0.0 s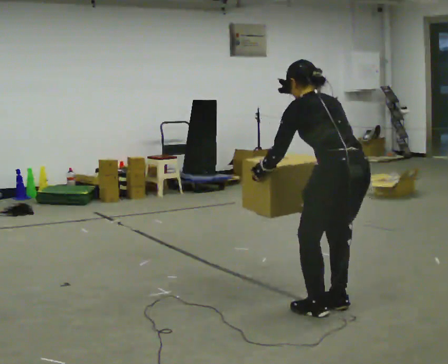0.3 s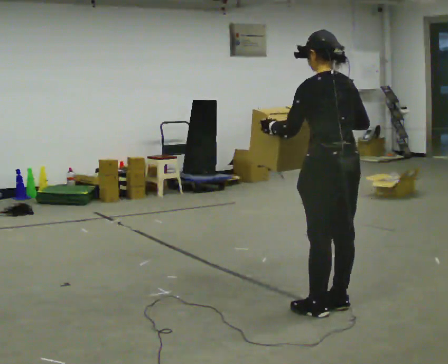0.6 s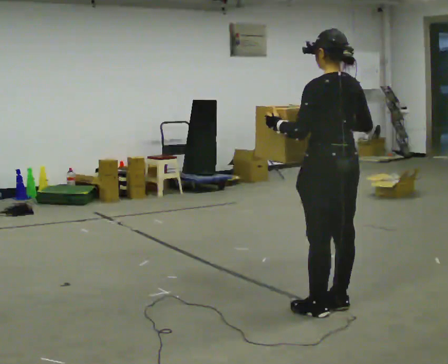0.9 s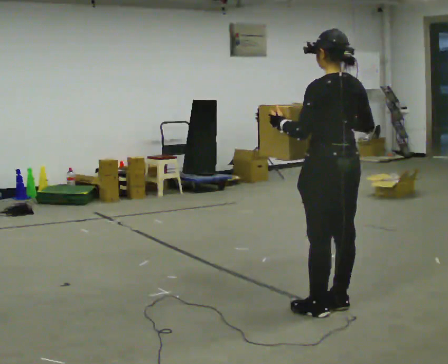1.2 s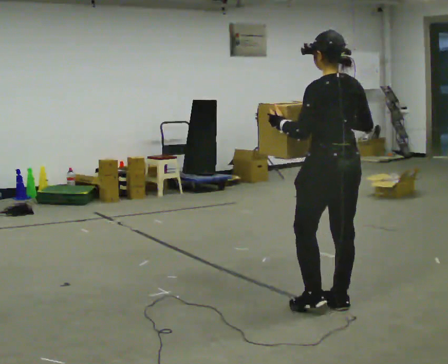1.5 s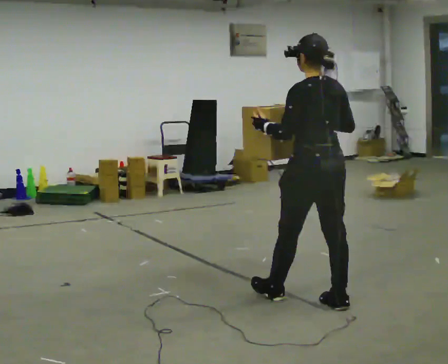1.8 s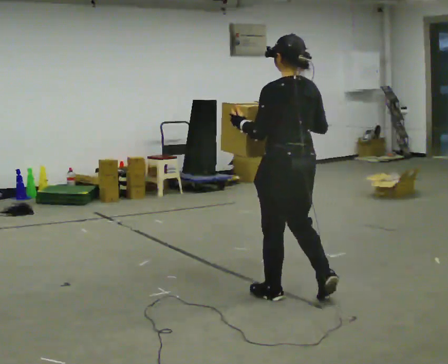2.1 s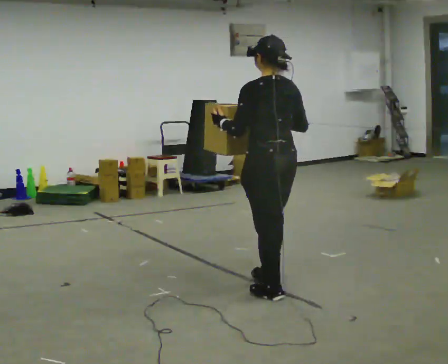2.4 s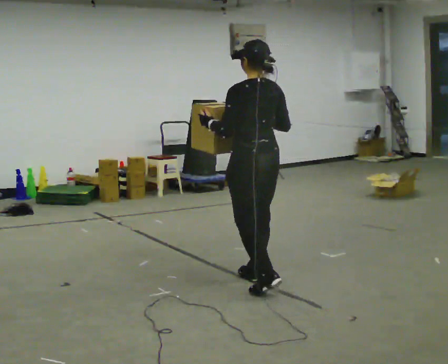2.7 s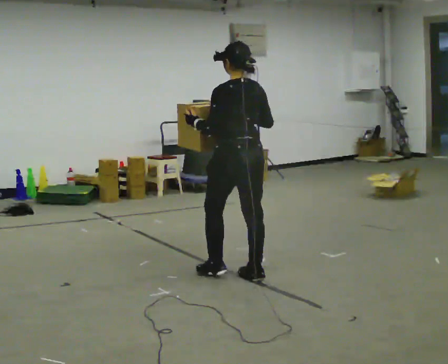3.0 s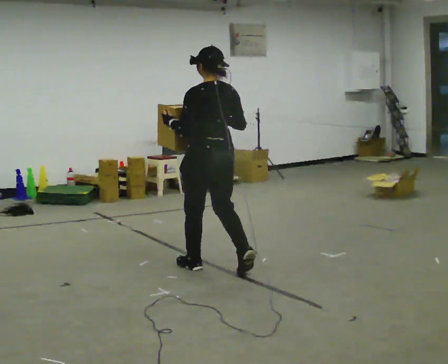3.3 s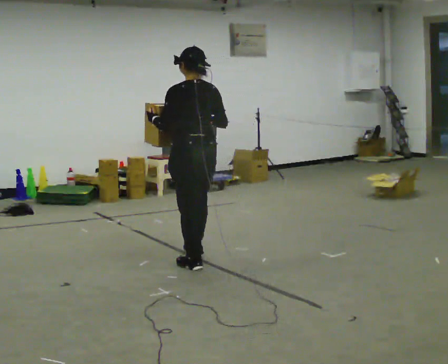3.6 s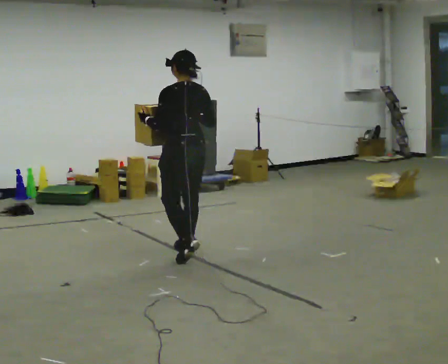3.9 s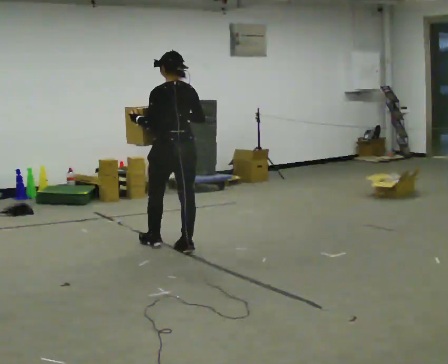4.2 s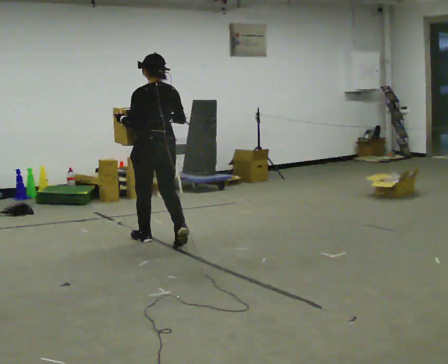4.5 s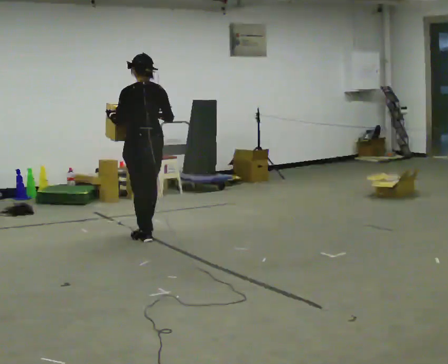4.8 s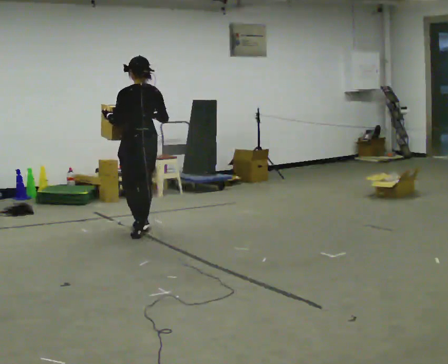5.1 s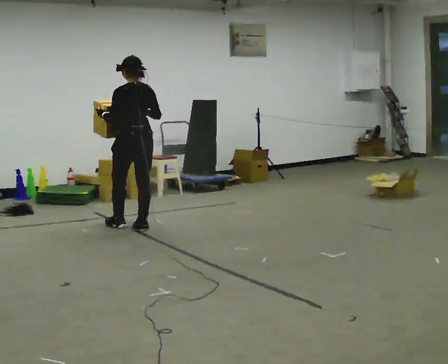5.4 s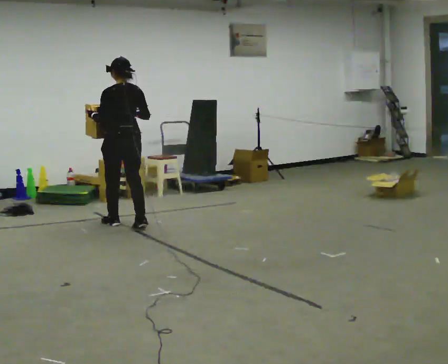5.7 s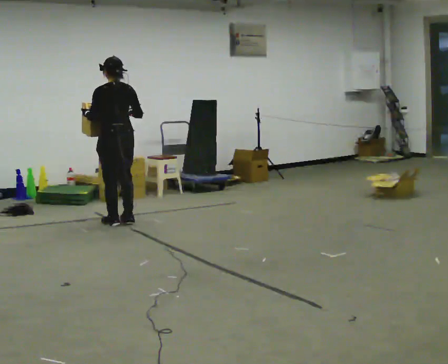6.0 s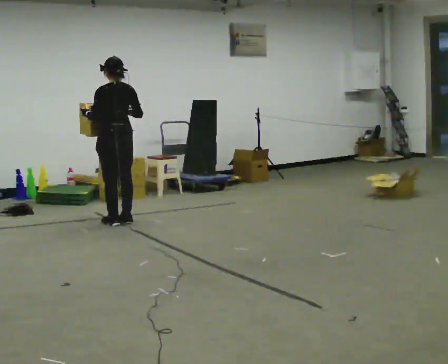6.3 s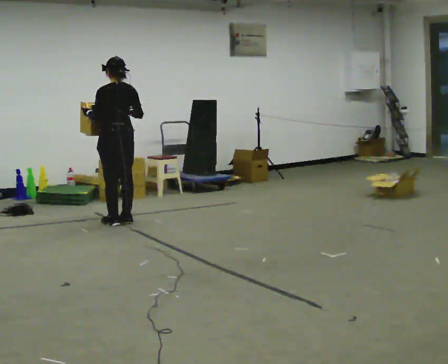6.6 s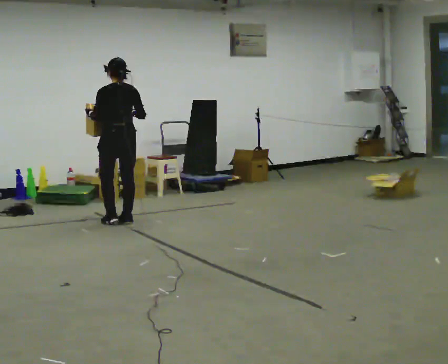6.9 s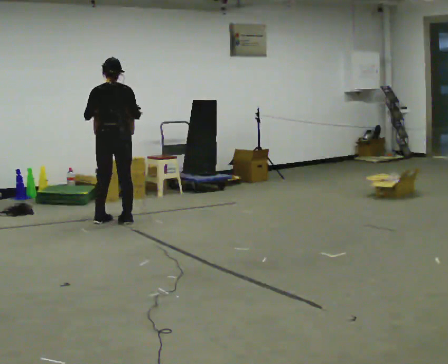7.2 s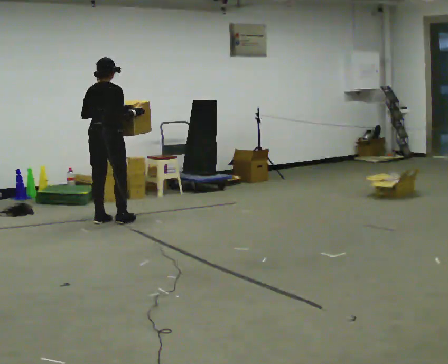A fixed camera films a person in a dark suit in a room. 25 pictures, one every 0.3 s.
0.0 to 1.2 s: The upper body tips toward the camera, its near side rolling downward, as they lean back or straighten.
1.2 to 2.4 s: In the picture they go away from the camera and to the left, about 0.75 m in 2 steps, which for them is forward.
2.4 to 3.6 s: In the picture they go away from the camera and to the left, about 1 m in 2 steps, which for them is forward.
3.6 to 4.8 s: In the picture they go away from the camera and to the left, about 1 m in 2 steps, which for them is forward.
4.8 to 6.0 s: In the picture they go away from the camera and to the left, about 0.5 m in 2 steps, which for them is forward.
6.0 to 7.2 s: Seen from above the body turns clockwise, about 60 degrees: to their right, with its near side sliding to the left.
The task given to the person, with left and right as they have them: Carry the heavy box in both hands in front of you, walking back and forth across the room. Keep walking until the operator says stop. Set it down if you need a rest.
The film runs forward here.
